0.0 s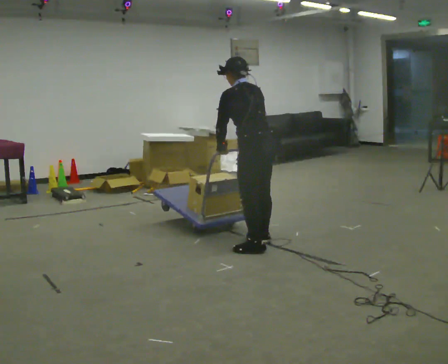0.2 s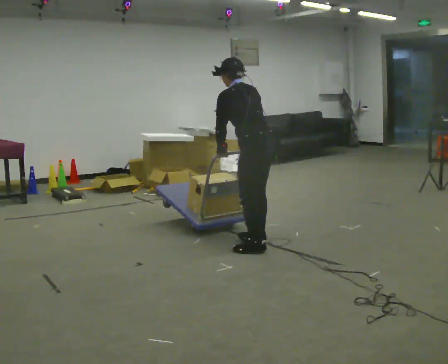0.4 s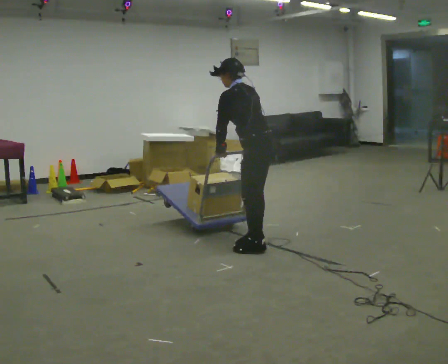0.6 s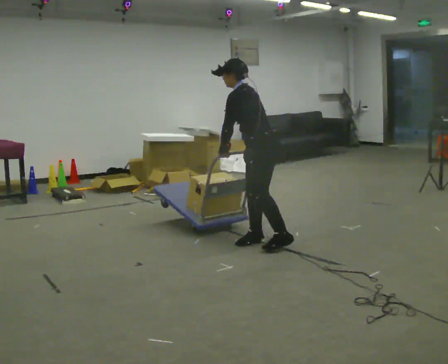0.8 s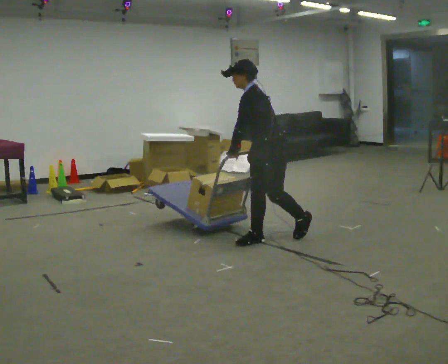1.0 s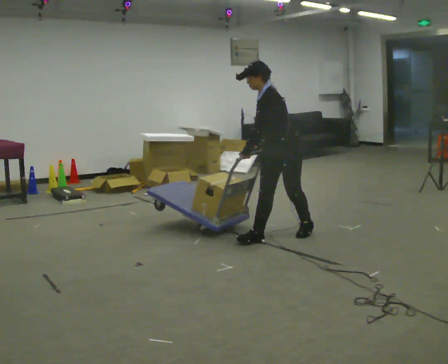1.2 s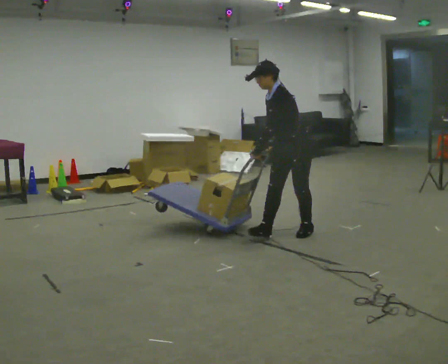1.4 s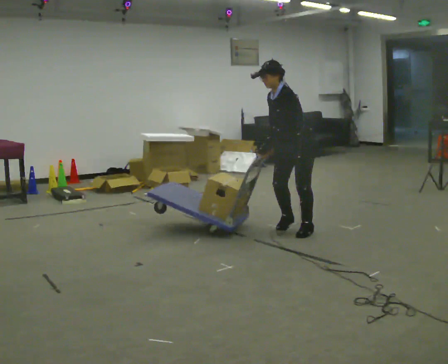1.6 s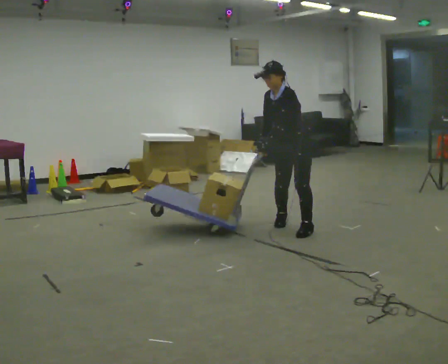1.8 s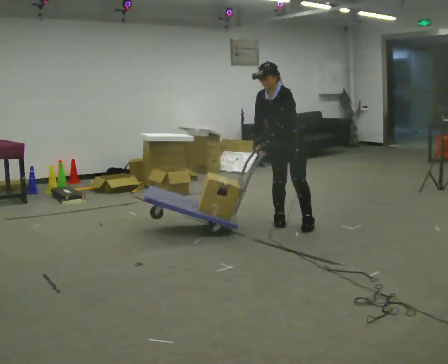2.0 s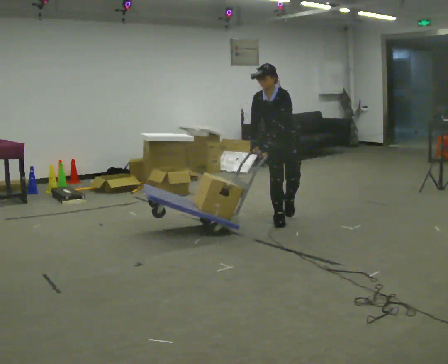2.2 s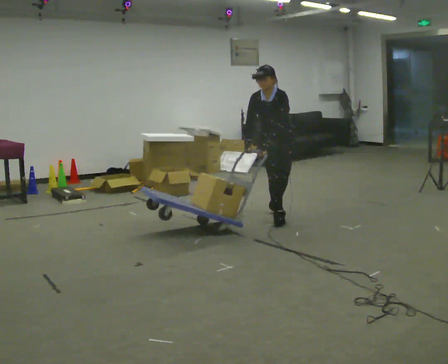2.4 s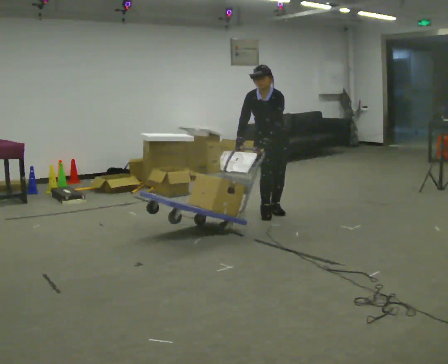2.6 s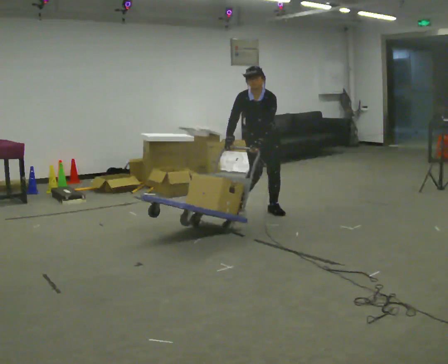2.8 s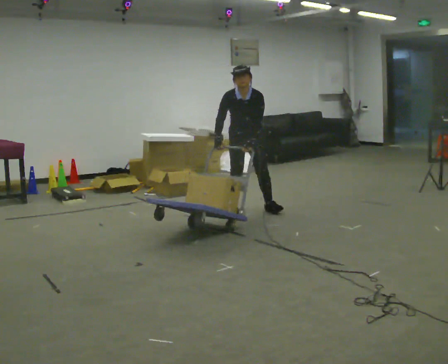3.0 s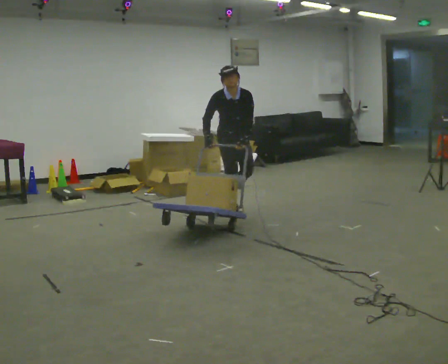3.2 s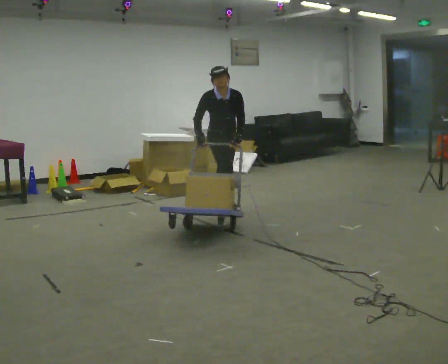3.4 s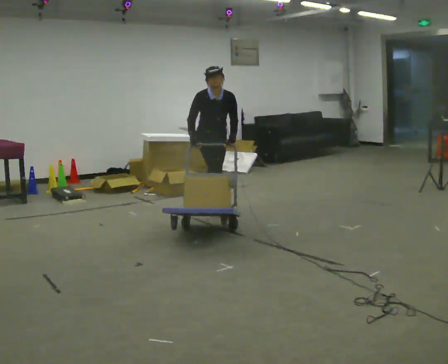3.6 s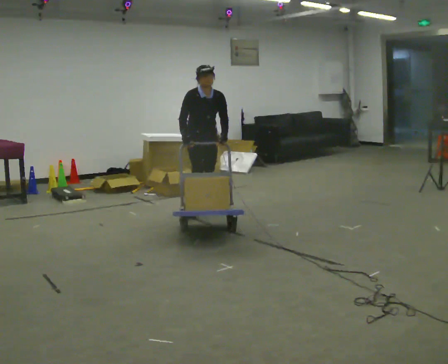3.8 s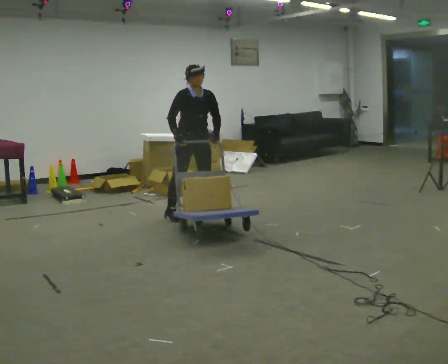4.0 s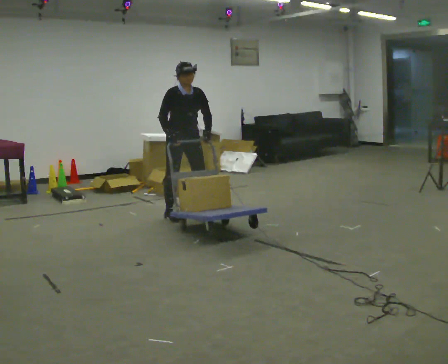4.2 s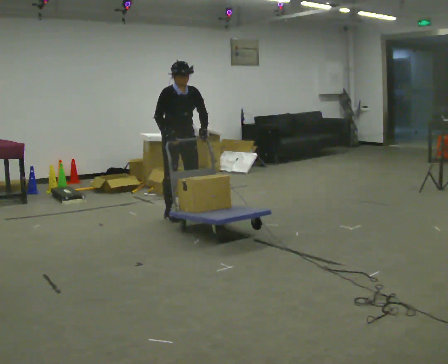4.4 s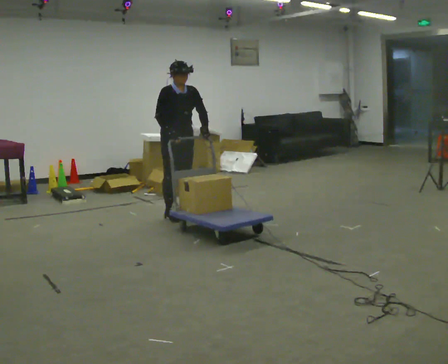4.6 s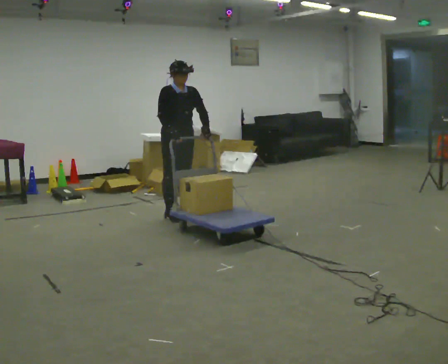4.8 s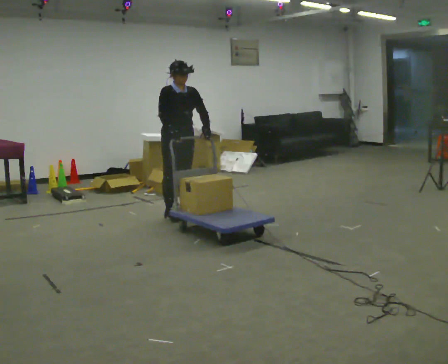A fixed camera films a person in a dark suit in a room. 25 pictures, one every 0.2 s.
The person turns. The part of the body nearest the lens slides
to the right.
The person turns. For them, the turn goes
to their left.
0.0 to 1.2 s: Seen from above the body turns counterclockwise, about 75 degrees: to their left, with its near side sliding to the right. In the picture they go away from the camera and to the right, about 0.5 m in 2 steps. The upper body tips toward the camera, its near side rolling downward.
1.2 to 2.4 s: Seen from above the body turns counterclockwise, about 60 degrees: to their left, with its near side sliding to the right. In the picture they go away from the camera, about 1 m in 2 steps, which for them is to their right and backward. In the picture the upper body tilts clockwise, shoulders to the right.
2.4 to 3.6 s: The person turns about 45 degrees to their left, counterclockwise seen from above, so the part of the body nearest the lens slides to the right. In the picture they go to the left, about 1 m in 2 steps, which for them is to their right and backward. In the picture the upper body tilts clockwise, shoulders to the right.
3.6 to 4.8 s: In the picture they go toward the camera and to the left, about 0.25 m in 1 step, which for them is to their right.
The film runs backward here.
